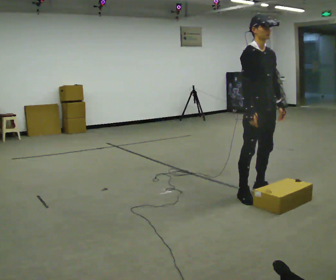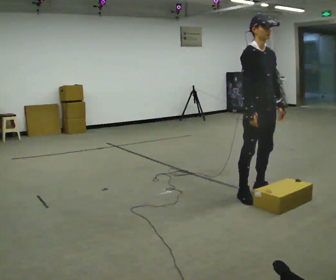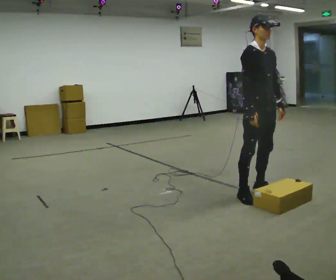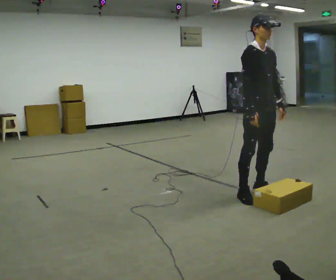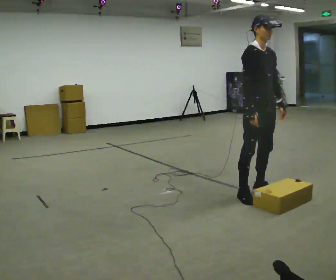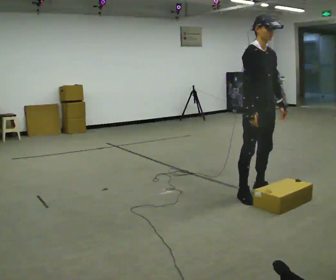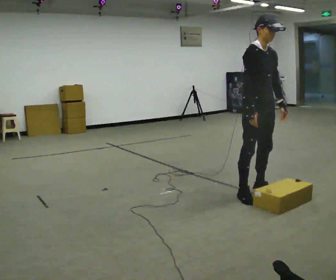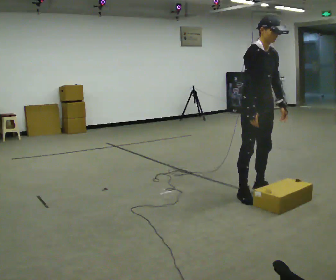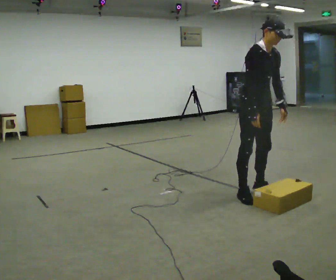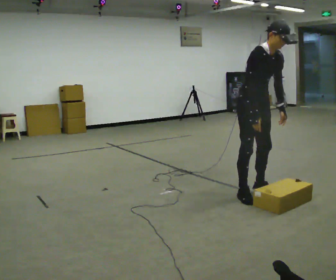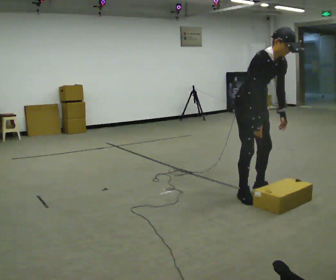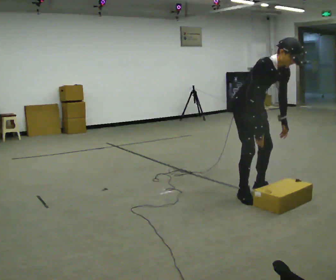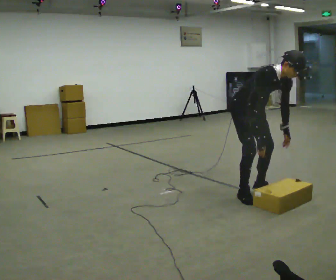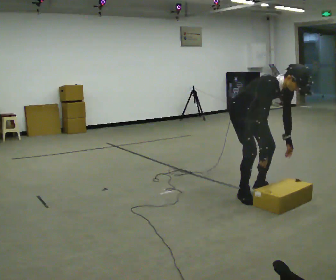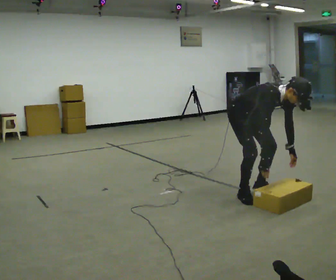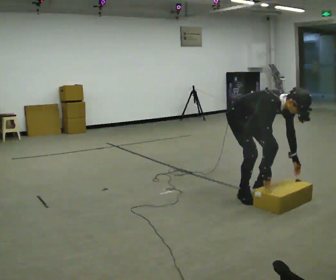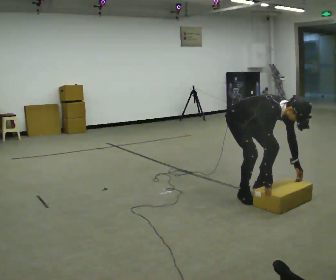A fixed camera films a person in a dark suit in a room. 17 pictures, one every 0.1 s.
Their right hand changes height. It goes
downward.
The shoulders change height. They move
downward.
0.0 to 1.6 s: The shoulders move downward. In the picture the upper body tilts clockwise, shoulders to the right, as they bend forward. In the picture their right hand goes downward.
The film runs backward here.
